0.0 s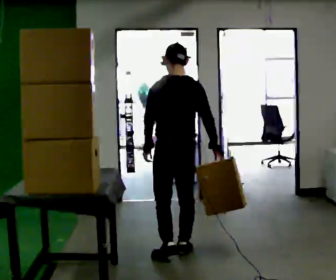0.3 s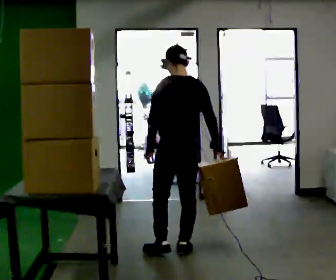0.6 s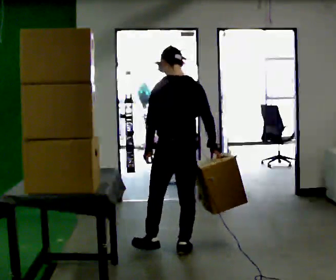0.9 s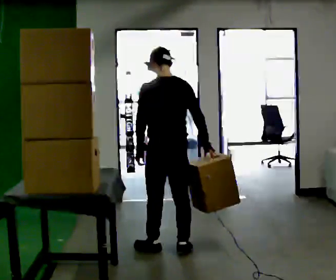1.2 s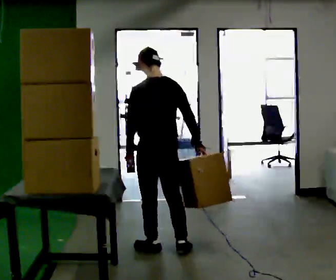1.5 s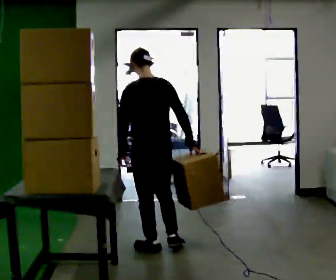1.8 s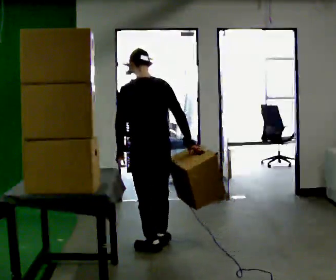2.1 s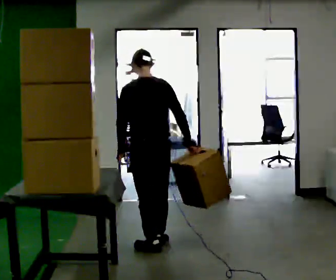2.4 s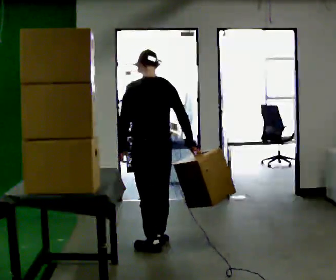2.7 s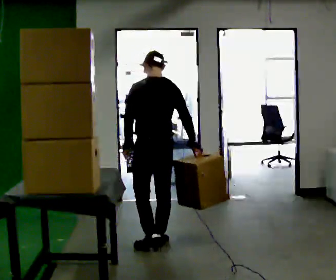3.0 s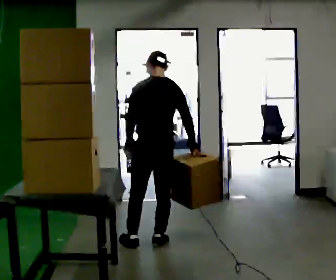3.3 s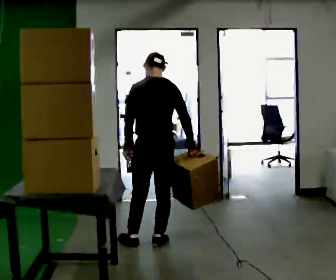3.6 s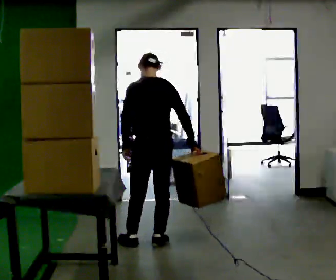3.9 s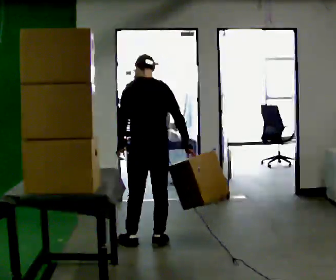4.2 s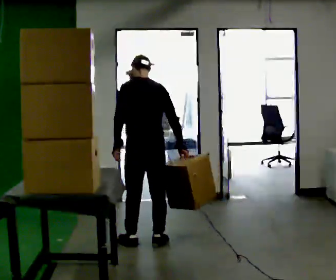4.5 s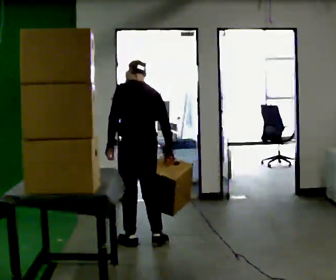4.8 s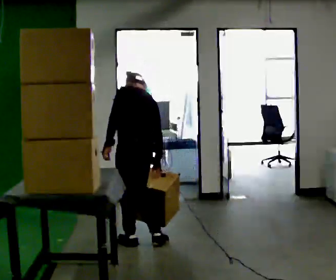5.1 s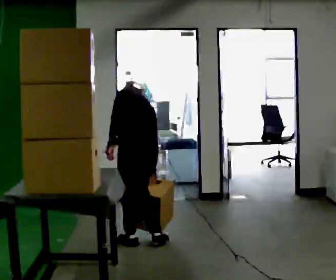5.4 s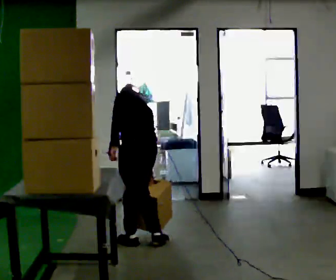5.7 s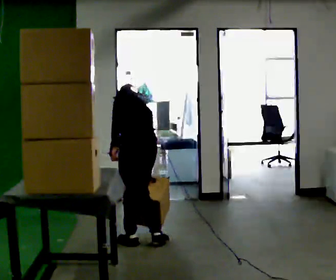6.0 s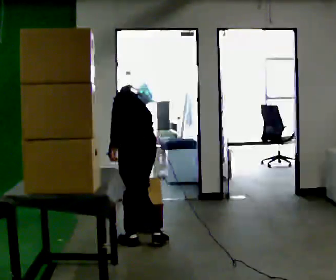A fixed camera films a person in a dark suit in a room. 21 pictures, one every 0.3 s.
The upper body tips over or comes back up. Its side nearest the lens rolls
upward.
0.0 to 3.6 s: In the picture they go away from the camera and to the left, about 0.25 m in 3 steps, which for them is forward.
3.6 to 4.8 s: Seen from above the body turns counterclockwise, about 30 degrees: to their left, with its near side sliding to the right. The upper body tips away from the camera, its near side rolling upward, as they bend forward.
4.8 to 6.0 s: The person moves a little, or ends about where they began.
The film runs forward here.
